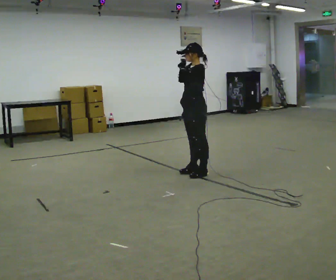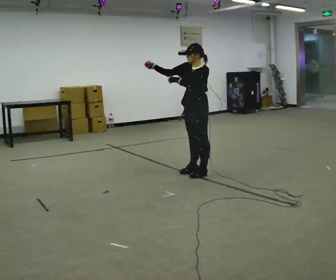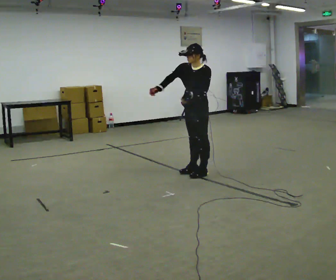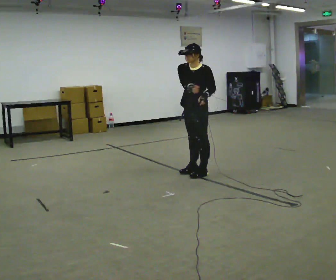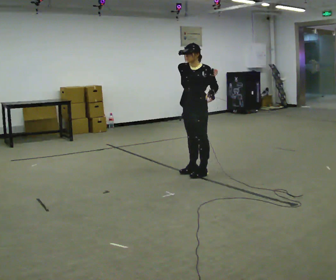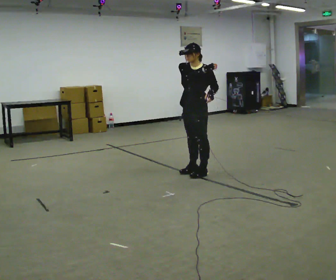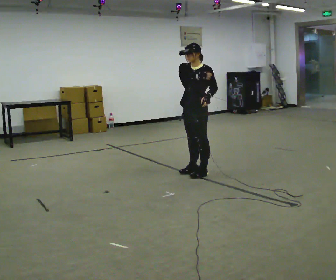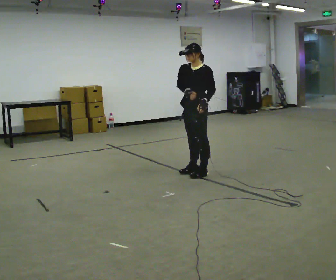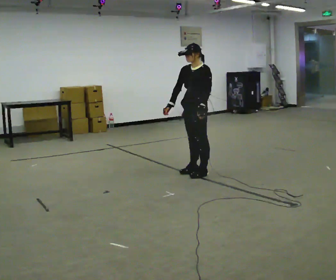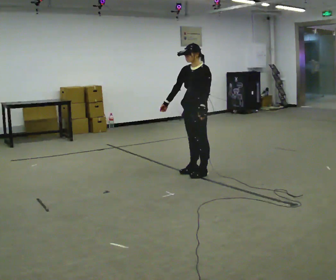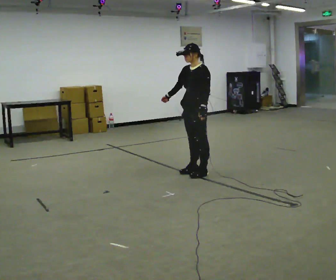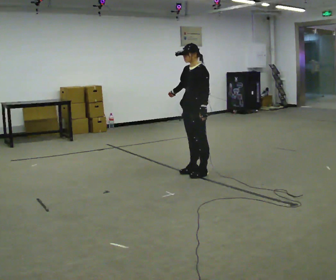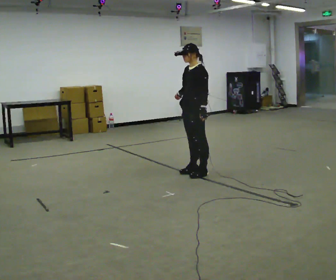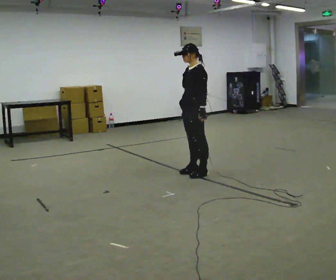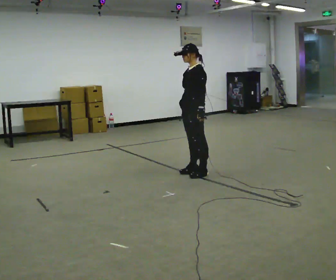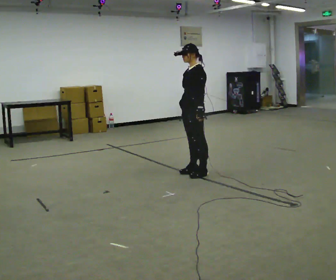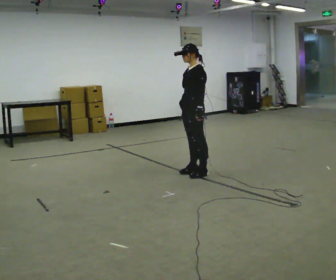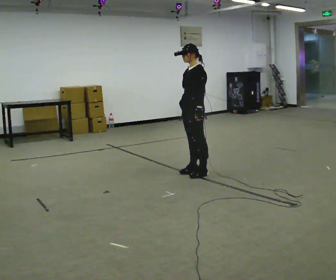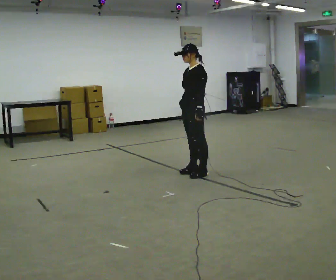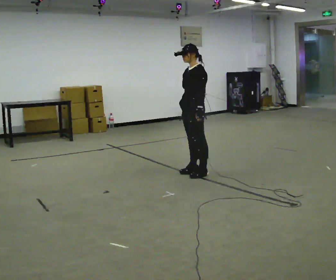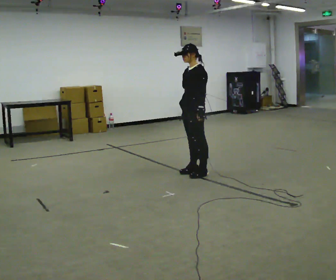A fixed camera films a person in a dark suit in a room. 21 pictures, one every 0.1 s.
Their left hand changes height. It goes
downward.
0.0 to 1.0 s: In the picture their left hand goes downward.
1.0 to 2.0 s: The person moves a little, or ends about where they began.
The film runs forward here.
